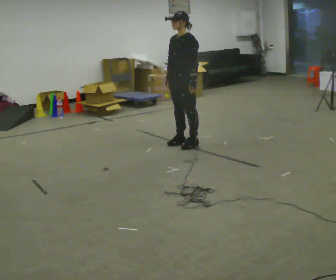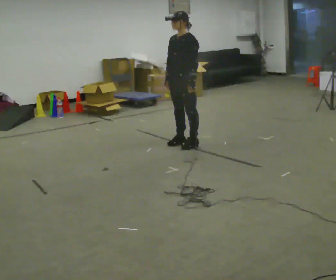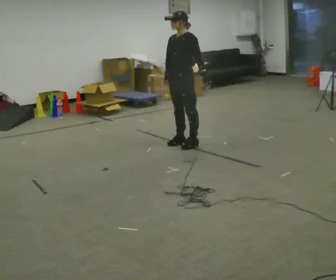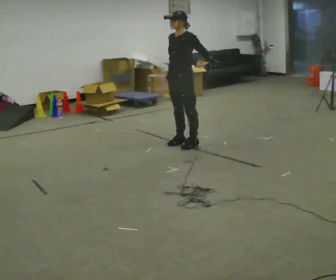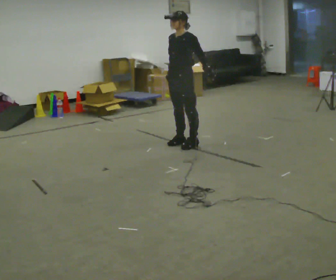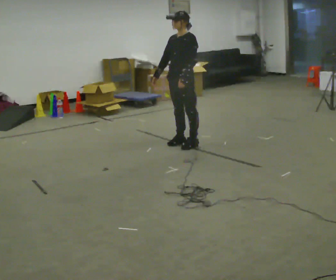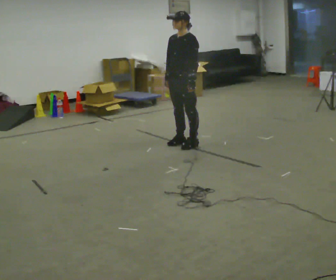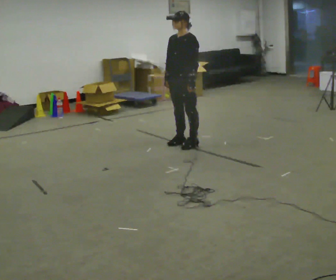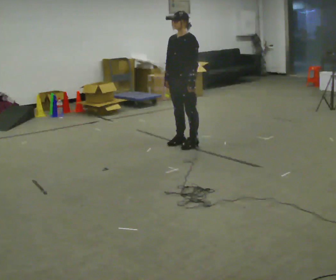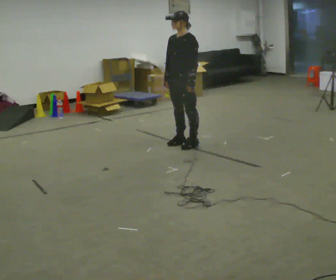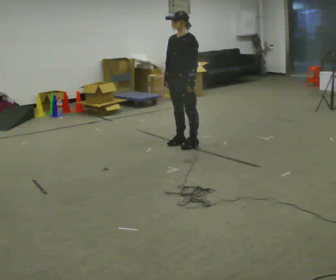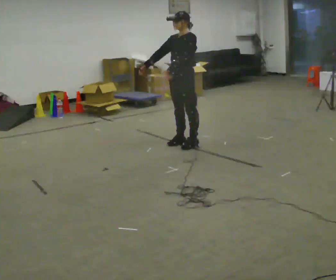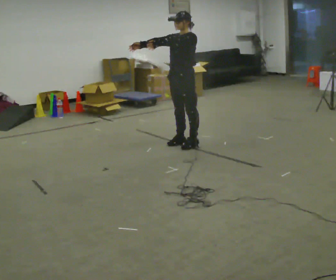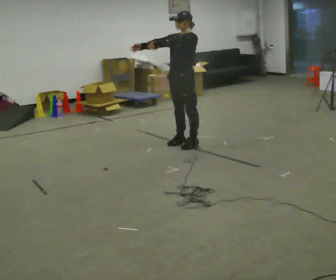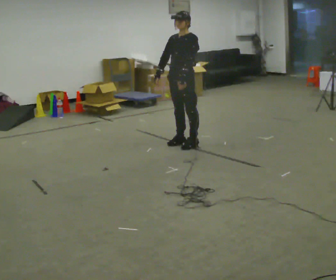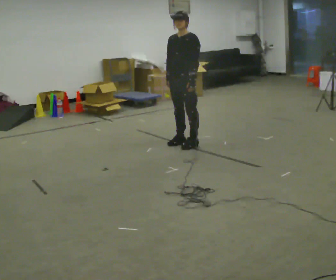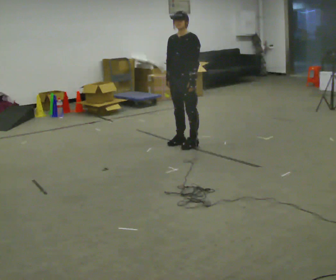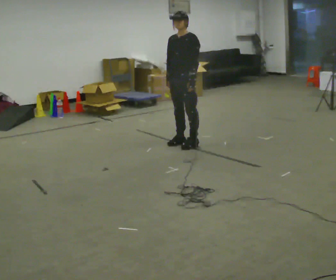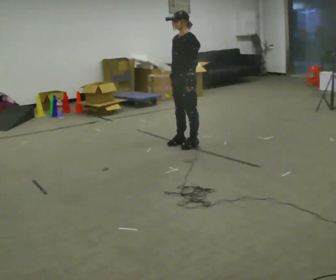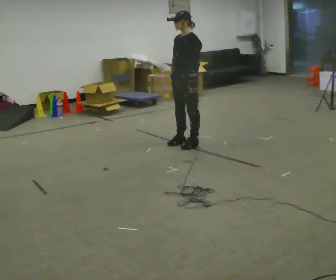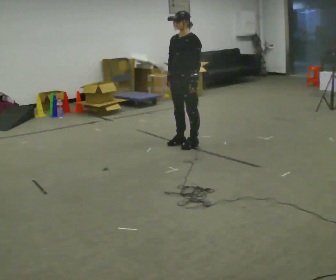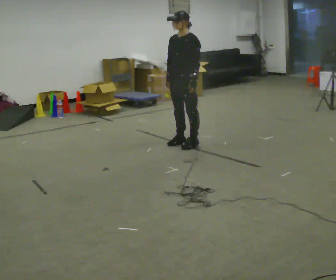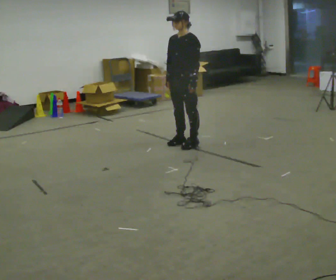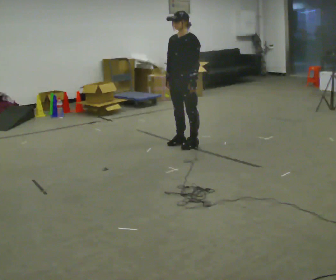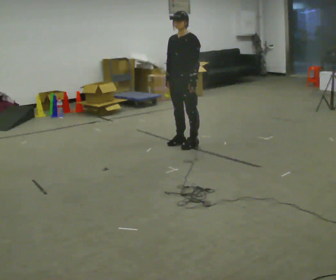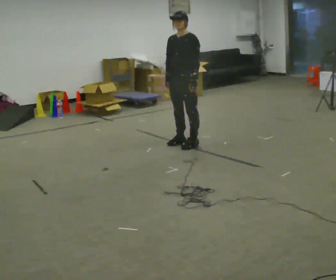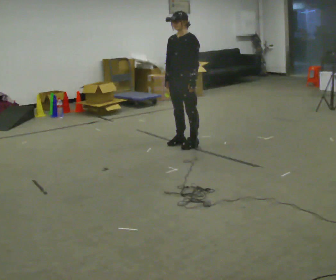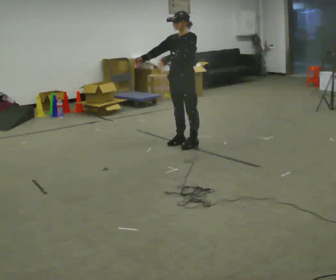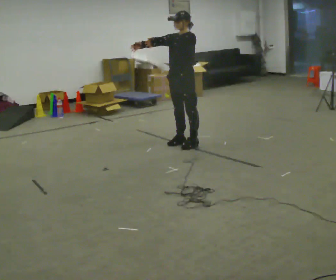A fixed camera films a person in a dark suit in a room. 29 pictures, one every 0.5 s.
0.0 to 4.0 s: The person moves a little, or ends about where they began.
4.0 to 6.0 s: In the picture their left hand goes upward and to the left, the arm swinging clockwise.
6.0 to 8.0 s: In the picture their right hand goes downward and to the right, the arm swinging counterclockwise.
8.0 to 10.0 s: The person moves a little, or ends about where they began.
10.0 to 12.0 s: The person keeps their place and pose.
12.0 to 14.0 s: In the picture their left hand goes upward and to the left.
The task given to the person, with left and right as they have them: Reach as far as you comfortably can in each direction the operator calls: up, down, forward, each side, and behind. Hold each one briefly. Keep both feet on the marked spots for the whole take. If you have to step, stop and tell the operator.
The film runs forward here.
